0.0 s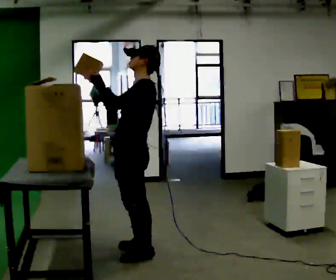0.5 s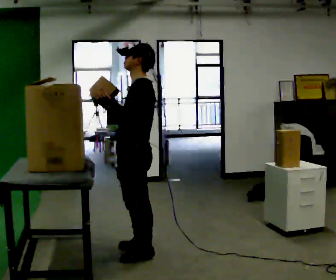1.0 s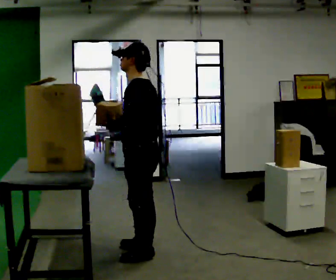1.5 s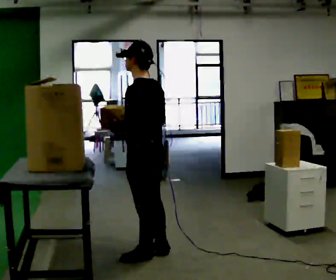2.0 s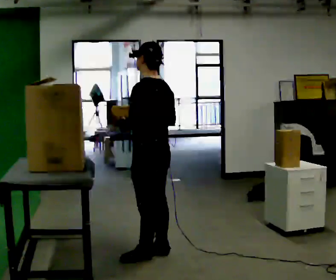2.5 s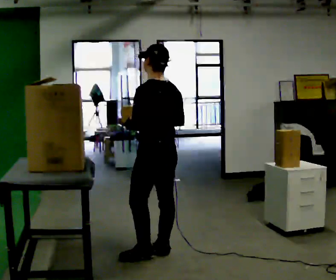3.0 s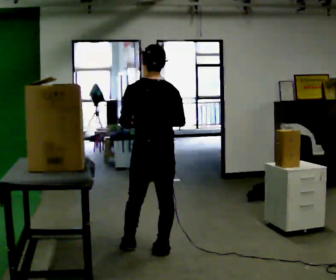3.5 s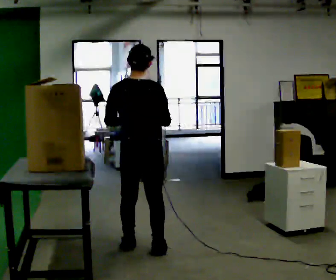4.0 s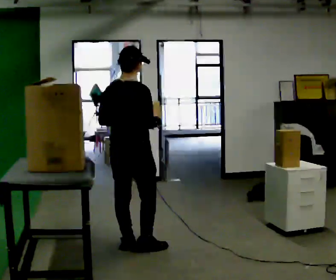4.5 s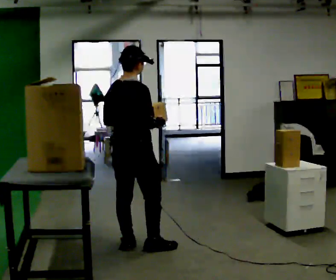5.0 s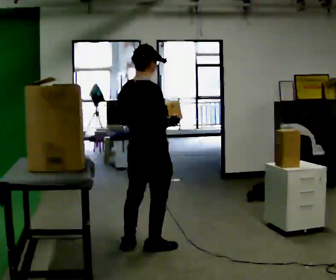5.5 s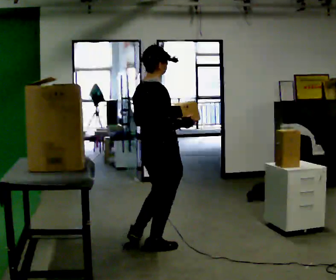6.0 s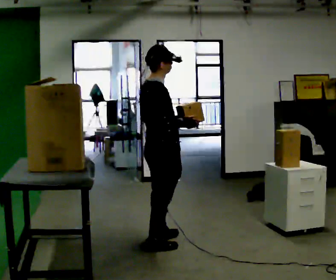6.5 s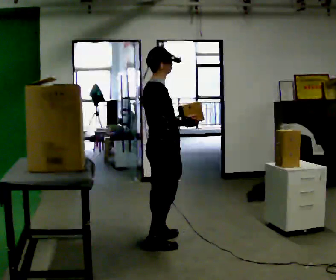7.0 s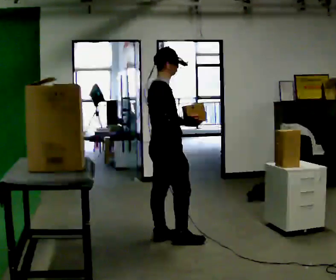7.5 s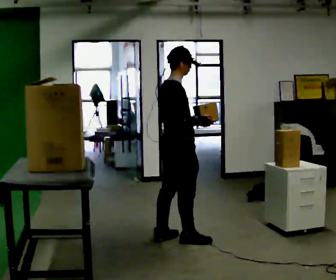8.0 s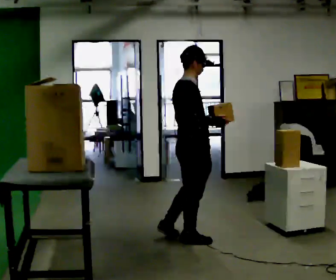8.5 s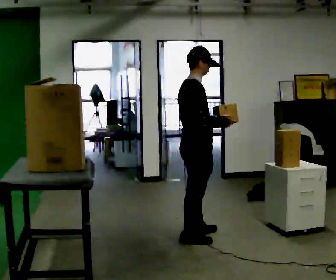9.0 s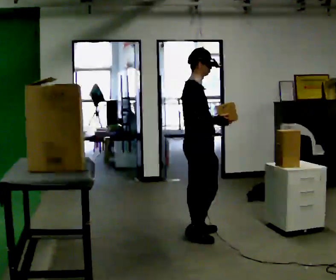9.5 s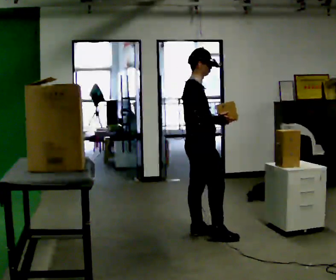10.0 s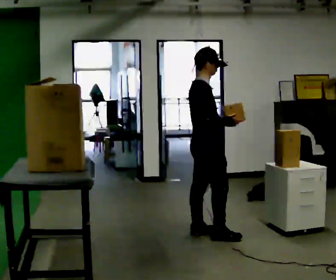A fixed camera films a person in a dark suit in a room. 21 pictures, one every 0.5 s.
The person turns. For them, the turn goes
to their right.
The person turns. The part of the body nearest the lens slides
to the left.
0.0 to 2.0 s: The part of the body nearest the lens slides to the left as the person turns to their right by about 30 degrees. In the picture they go to the right, about 0.25 m in 1 step, which for them is backward. In the picture their right hand goes to the right.
2.0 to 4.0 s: The person turns about 90 degrees to their right, clockwise seen from above, so the part of the body nearest the lens slides to the left. In the picture they go to the left and away from the camera, about 0.25 m in 1 step.
4.0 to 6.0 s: The part of the body nearest the lens slides to the left as the person turns to their right by about 45 degrees. In the picture they go to the right, about 0.25 m in 2 steps, which for them is to their right and forward. In the picture their left hand goes to the right.
6.0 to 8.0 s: In the picture they go to the right, about 0.25 m in 1 step, which for them is forward.
8.0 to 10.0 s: In the picture they go away from the camera, about 0.25 m in 2 steps, which for them is to their left and forward.
The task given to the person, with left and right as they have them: Take an object down from the highest shelf you can comfortably reach, carry it across, and place it on the waist-height shelf. Keep going until the operator says stop; one object at a time, and do not rush between trips.
The film runs forward here.
